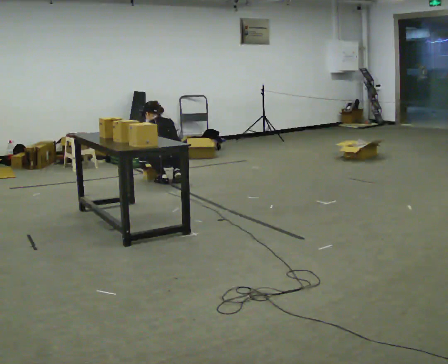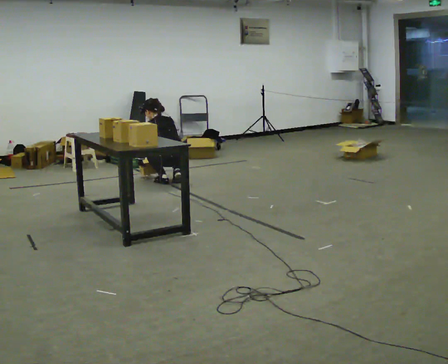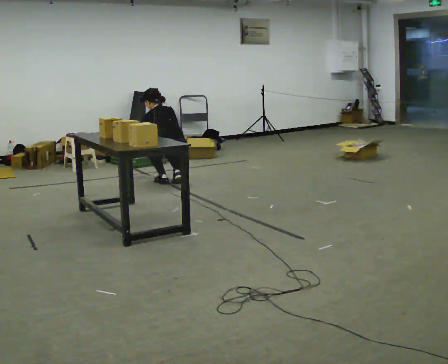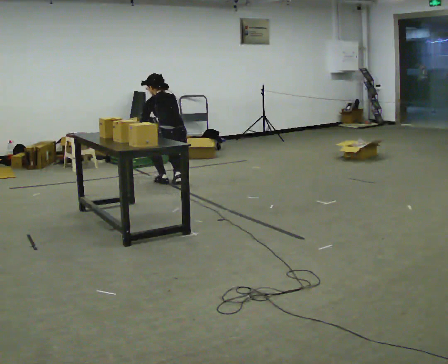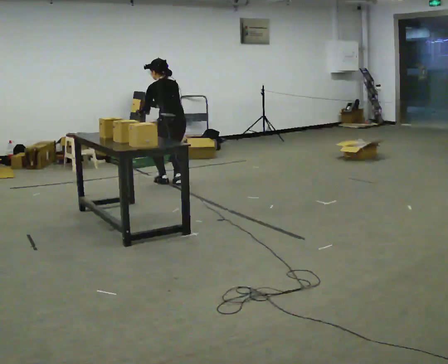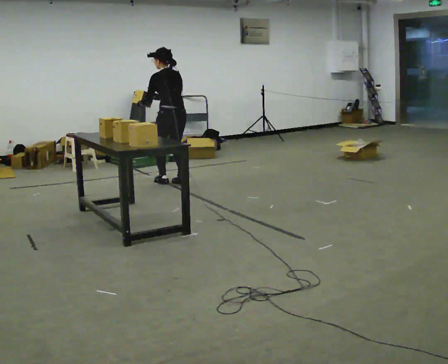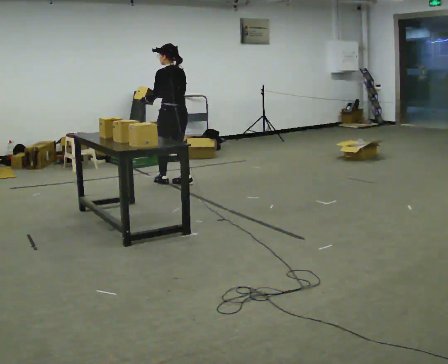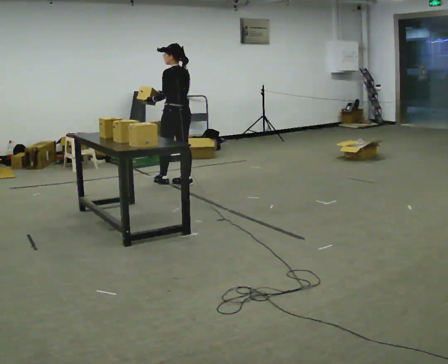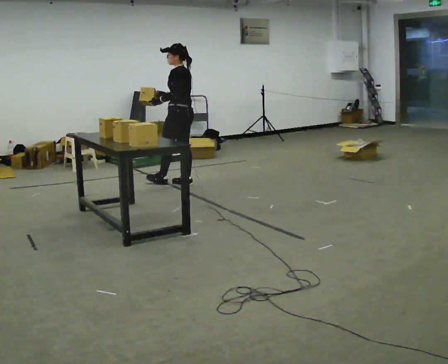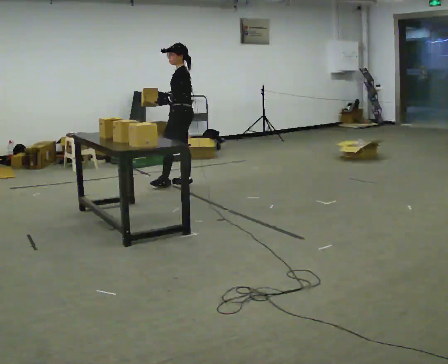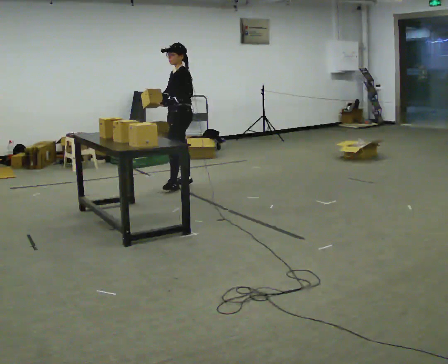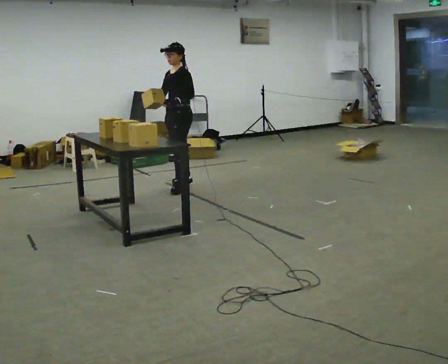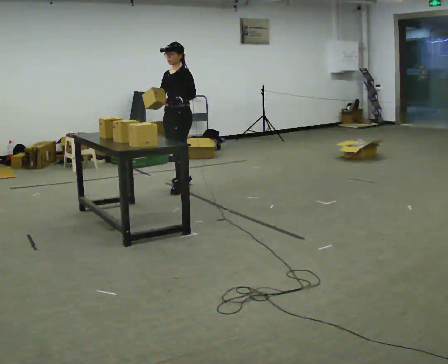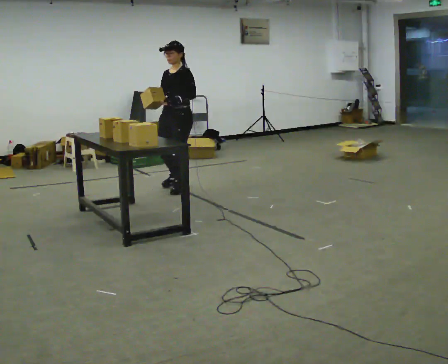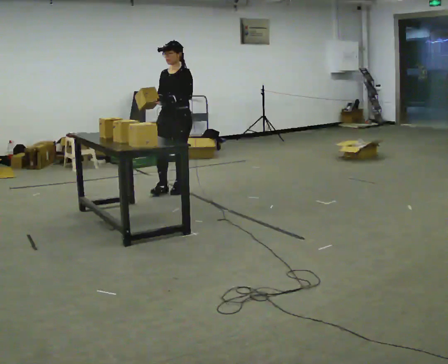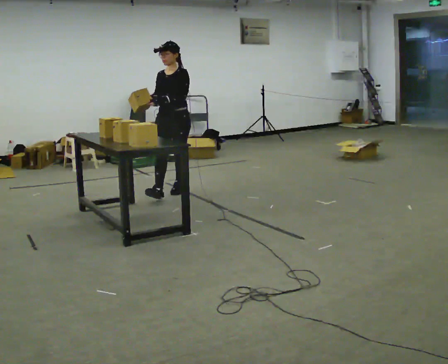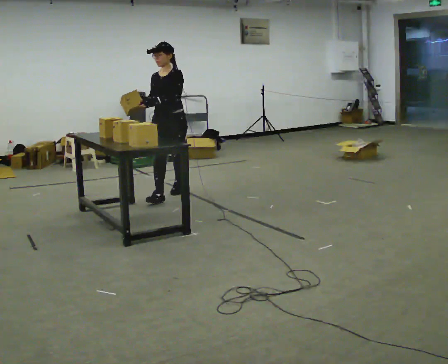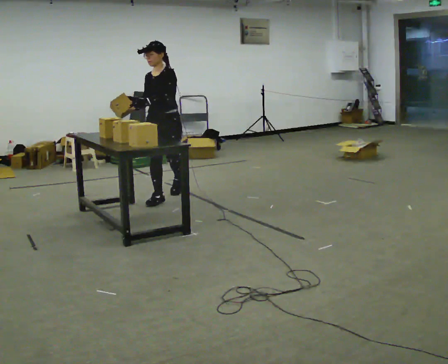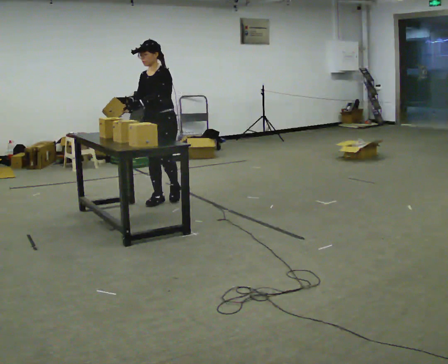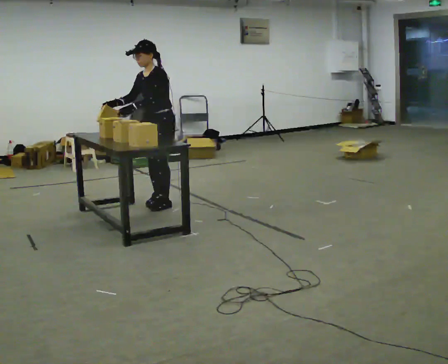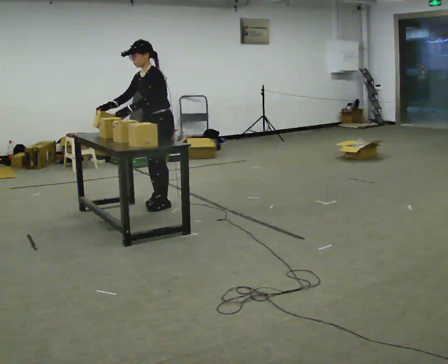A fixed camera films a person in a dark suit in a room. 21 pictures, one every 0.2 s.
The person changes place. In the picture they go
toward the camera.
The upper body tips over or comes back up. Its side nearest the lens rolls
downward.
0.0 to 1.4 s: The shoulders move upward. In the picture the upper body tilts clockwise, shoulders to the right, as they lean back or straighten. In the picture their right hand goes upward.
1.4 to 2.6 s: Seen from above the body turns counterclockwise, about 90 degrees: to their left, with its near side sliding to the right. In the picture they go toward the camera, about 0.25 m in 1 step.
2.6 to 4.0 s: In the picture they go toward the camera, about 0.5 m in 2 steps, which for them is forward.
The film runs forward here.
